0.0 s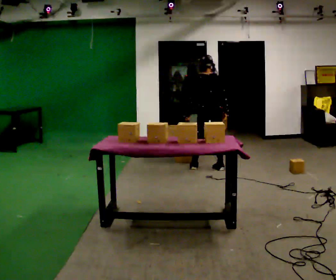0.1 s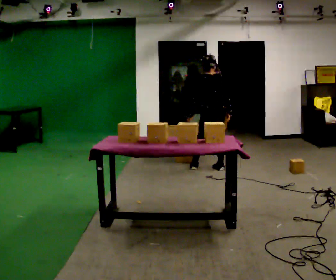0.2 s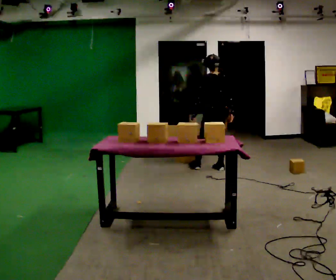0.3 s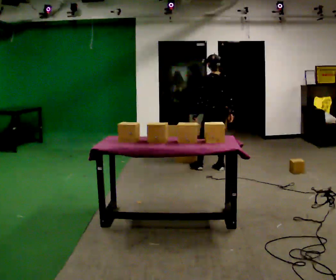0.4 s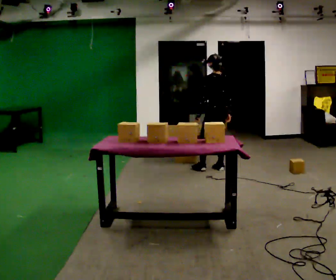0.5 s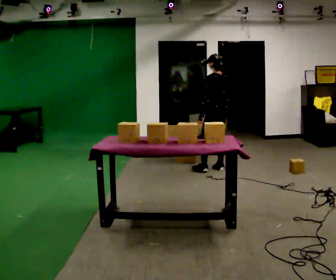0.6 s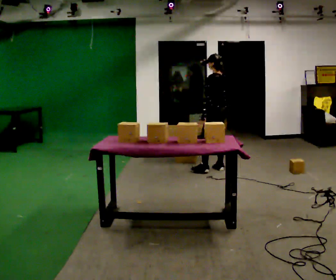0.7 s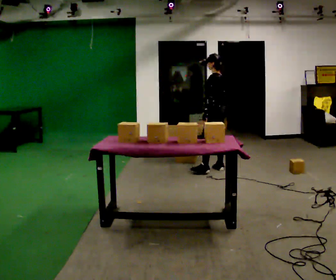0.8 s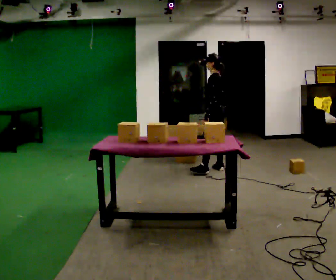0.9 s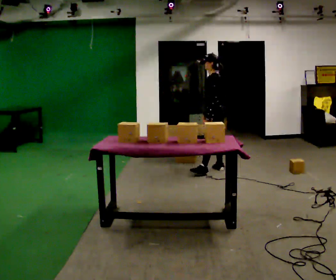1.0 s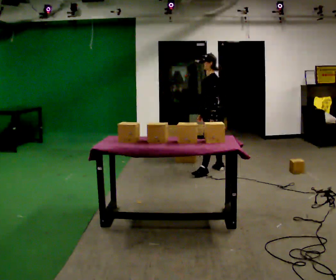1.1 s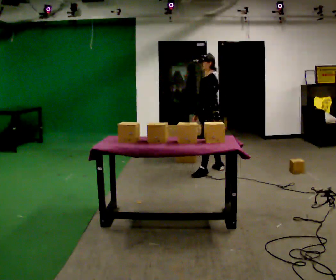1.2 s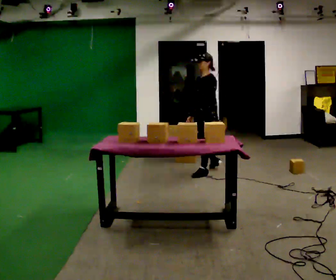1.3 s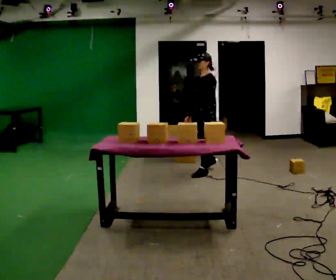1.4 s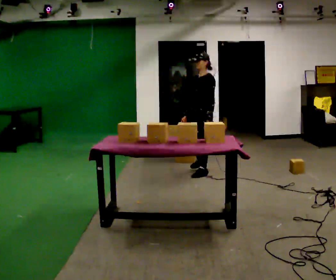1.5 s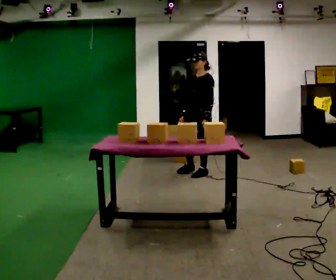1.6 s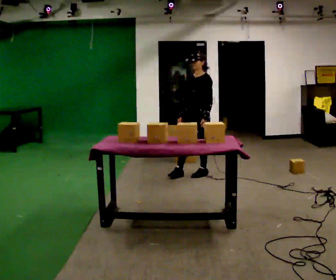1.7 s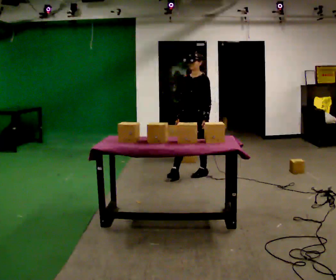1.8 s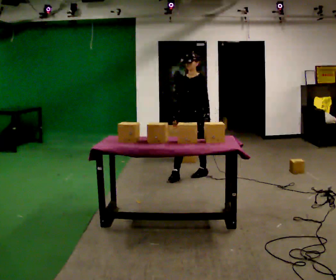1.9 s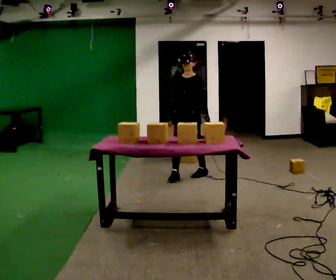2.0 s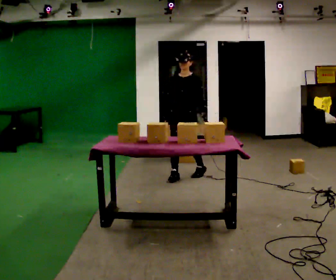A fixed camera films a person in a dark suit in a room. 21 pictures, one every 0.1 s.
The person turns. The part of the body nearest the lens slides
to the right.
The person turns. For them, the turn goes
to their left.
0.0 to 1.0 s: The part of the body nearest the lens slides to the right as the person turns to their left by about 90 degrees. In the picture their left hand goes to the right.
1.0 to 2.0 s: The person turns about 75 degrees to their left, counterclockwise seen from above, so the part of the body nearest the lens slides to the right. In the picture they go toward the camera and to the left, about 0.5 m in 1 step.
The film runs forward here.
